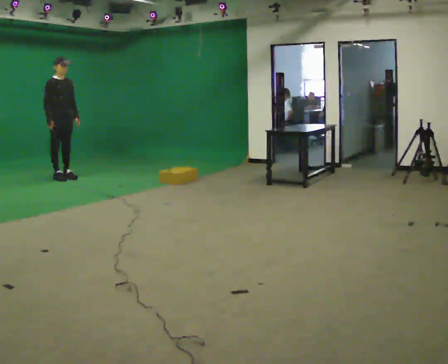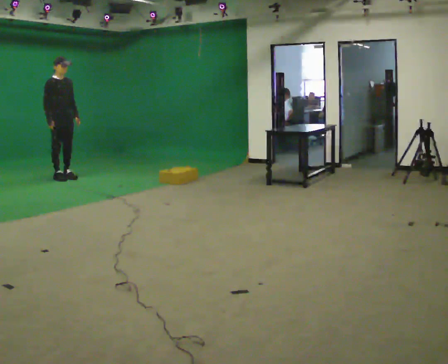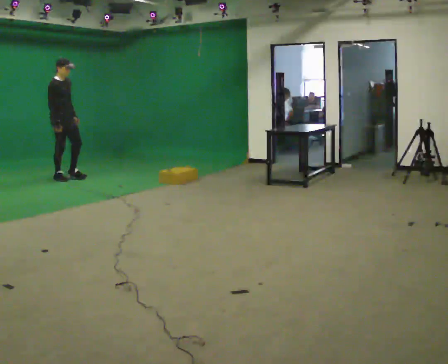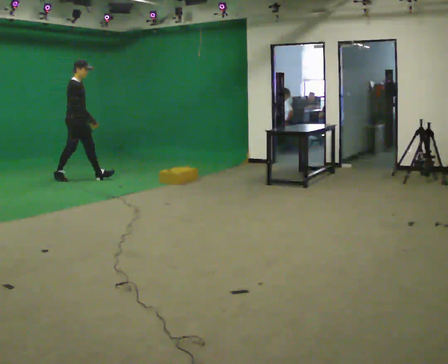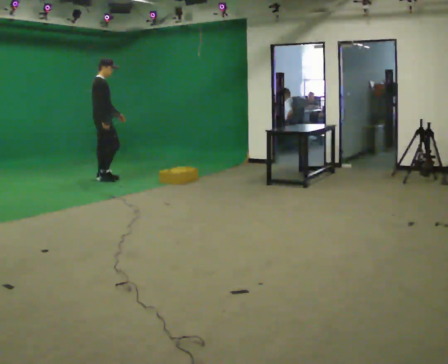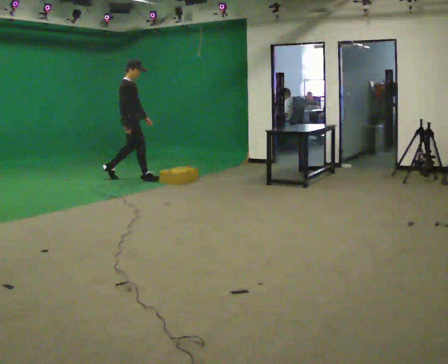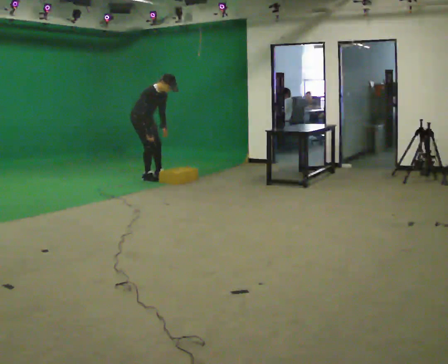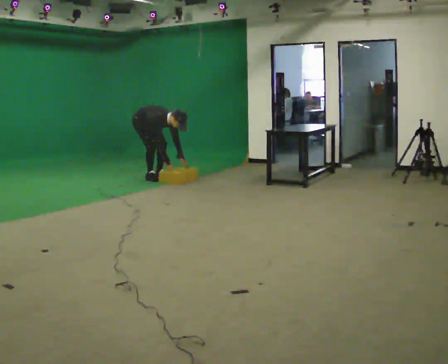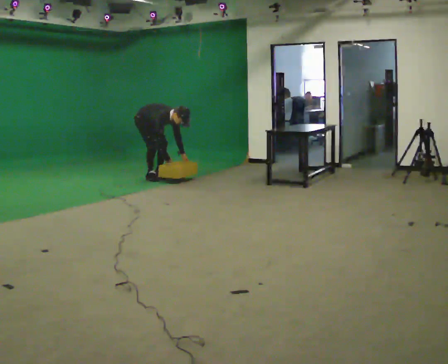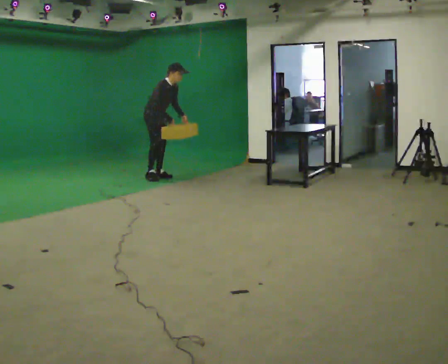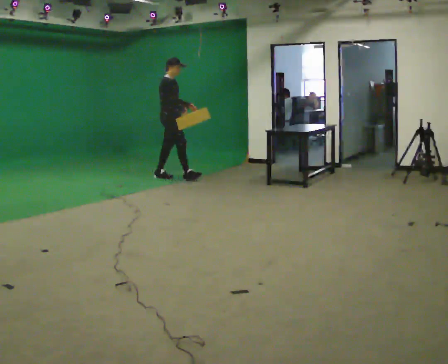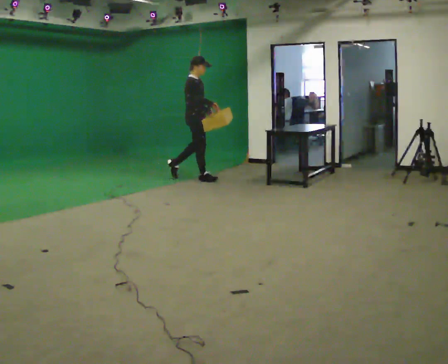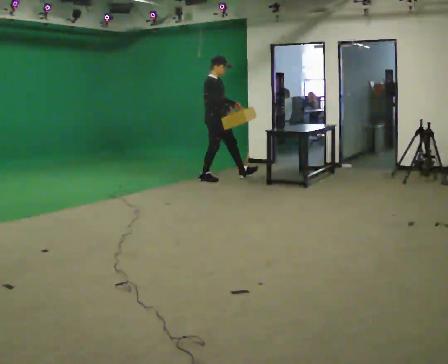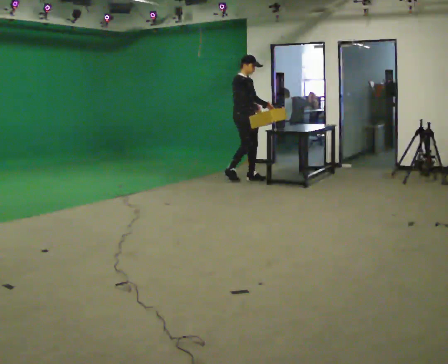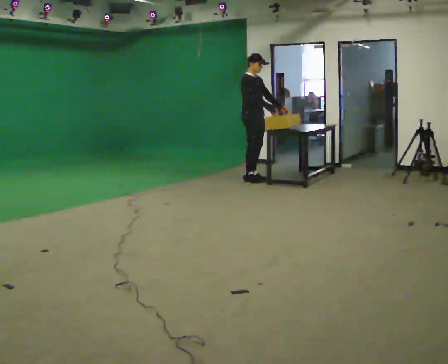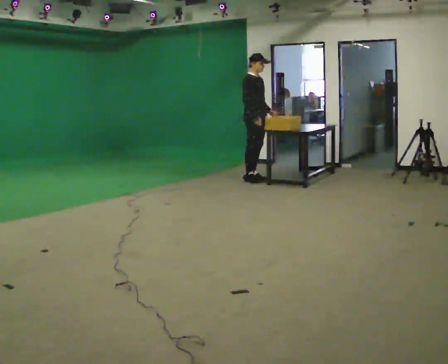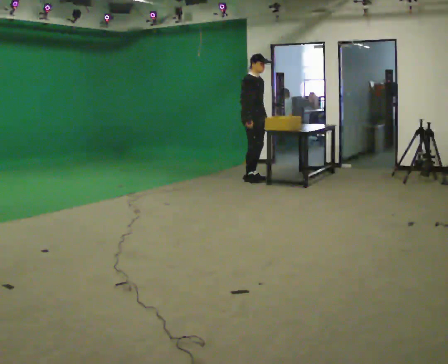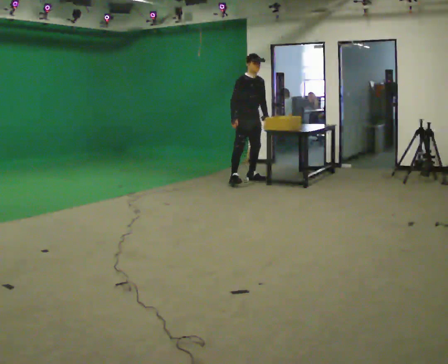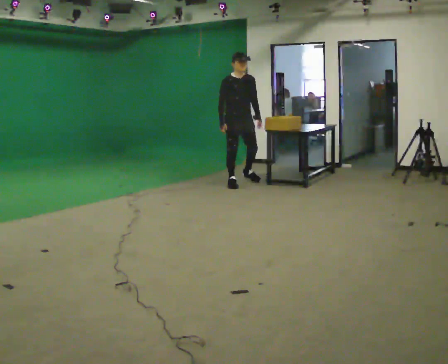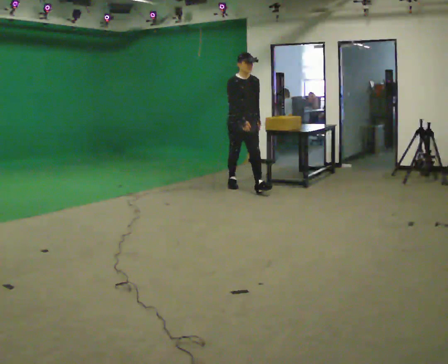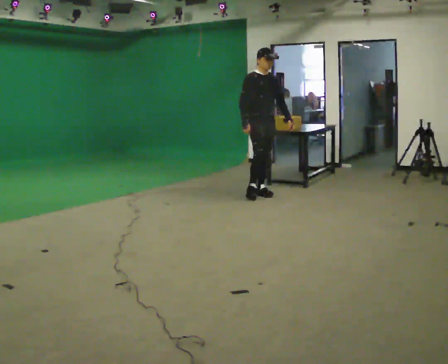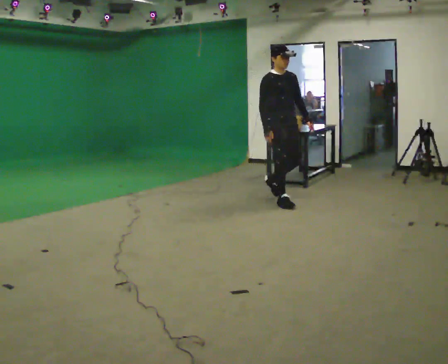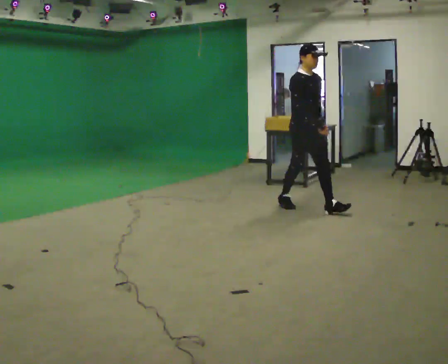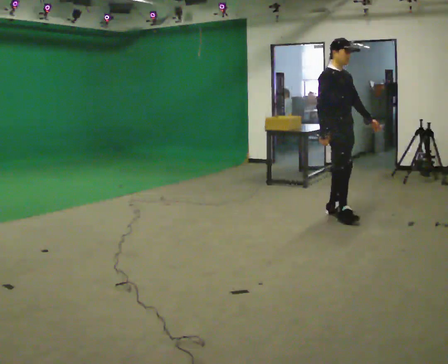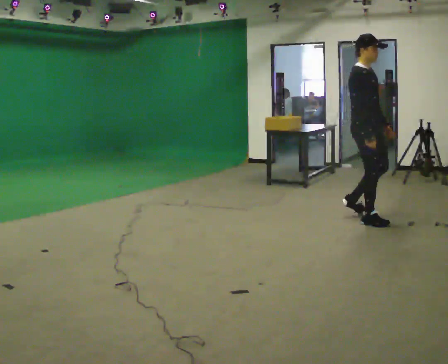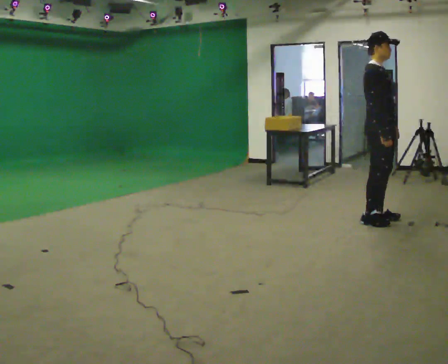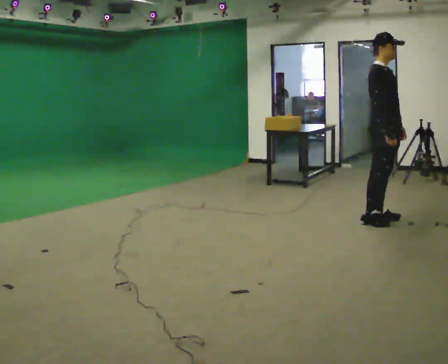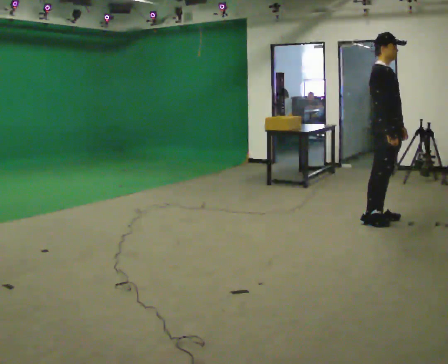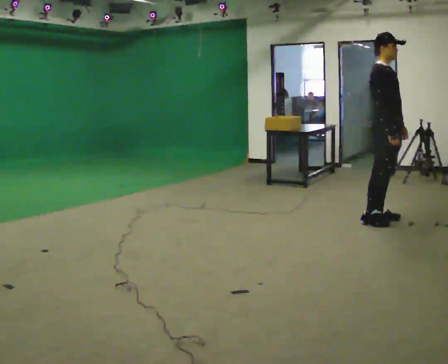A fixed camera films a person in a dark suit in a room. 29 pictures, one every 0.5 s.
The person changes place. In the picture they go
to the right.
0.0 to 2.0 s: The person turns about 45 degrees to their left, counterclockwise seen from above, so the part of the body nearest the lens slides to the right. In the picture they go to the right, about 0.5 m in 1 step, which for them is forward and to their left.
2.0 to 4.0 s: The person turns about 45 degrees to their right, clockwise seen from above, so the part of the body nearest the lens slides to the left. In the picture they go to the right and away from the camera, about 0.75 m in 2 steps, which for them is forward and to their left. The shoulders move downward. In the picture the upper body tilts clockwise, shoulders to the right, as they bend forward. In the picture their left hand goes downward.
4.0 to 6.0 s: In the picture they go to the right, about 1 m in 1 step, which for them is forward. The upper body goes upward. In the picture the upper body tilts counterclockwise, shoulders to the left, as they lean back or straighten. In the picture their right hand goes upward.
6.0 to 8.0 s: In the picture they go to the right, about 0.5 m in 2 steps, which for them is forward and to their left.
8.0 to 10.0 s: The person turns about 30 degrees to their right, clockwise seen from above, so the part of the body nearest the lens slides to the left. In the picture they go toward the camera, about 1 m in 2 steps, which for them is forward.
10.0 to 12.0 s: In the picture they go toward the camera and to the right, about 1.5 m in 3 steps, which for them is forward.
12.0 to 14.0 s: In the picture they go to the right, about 0.25 m in 1 step, which for them is forward.
The film runs forward here.
